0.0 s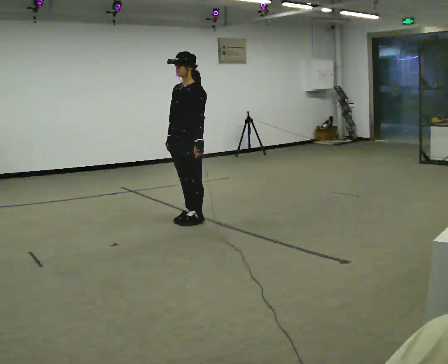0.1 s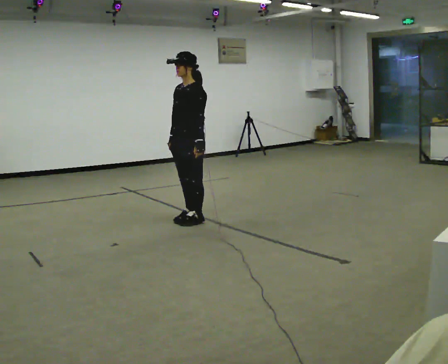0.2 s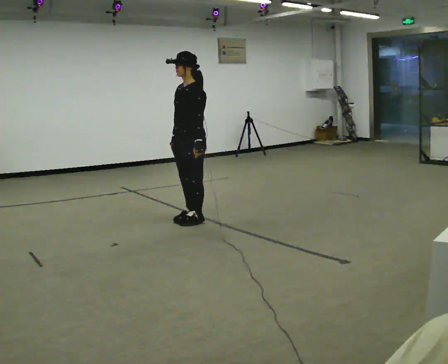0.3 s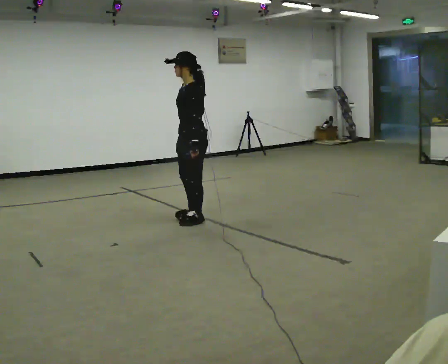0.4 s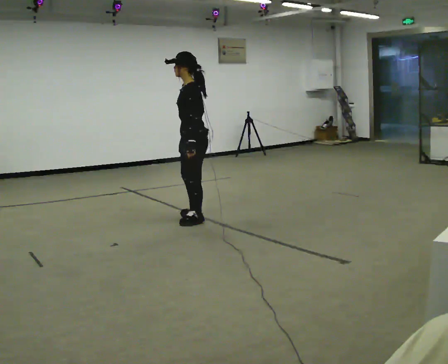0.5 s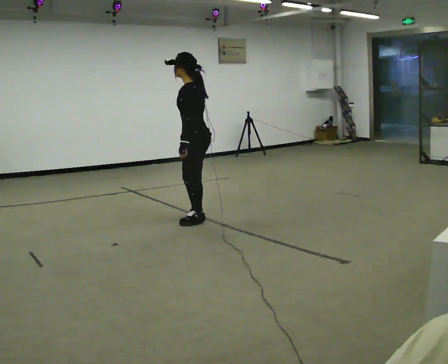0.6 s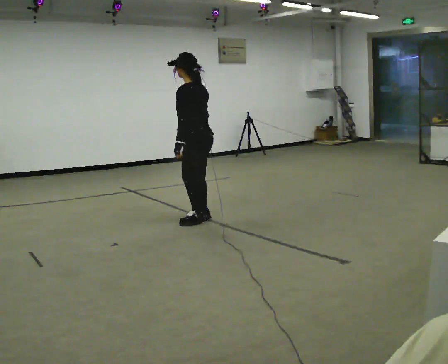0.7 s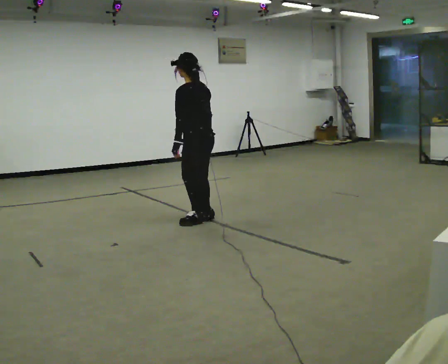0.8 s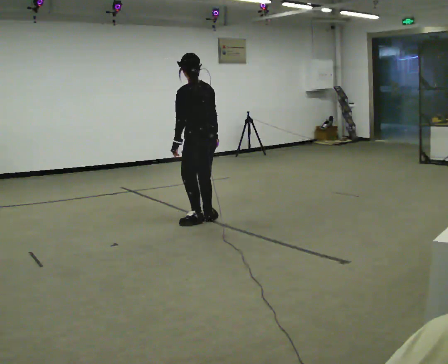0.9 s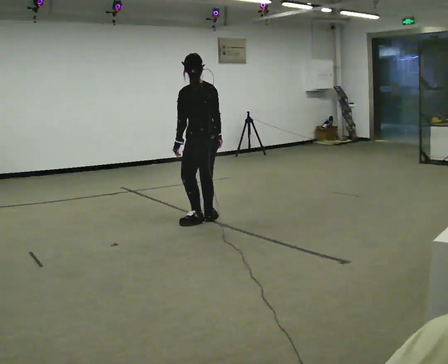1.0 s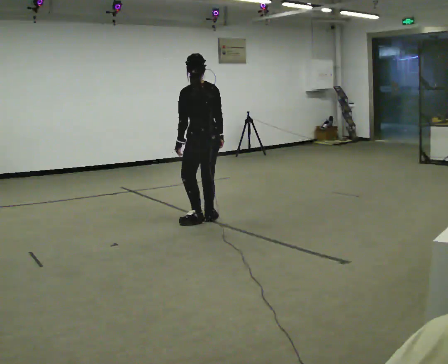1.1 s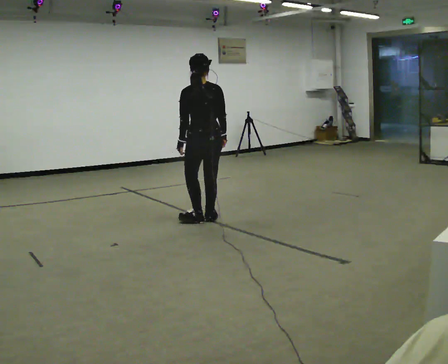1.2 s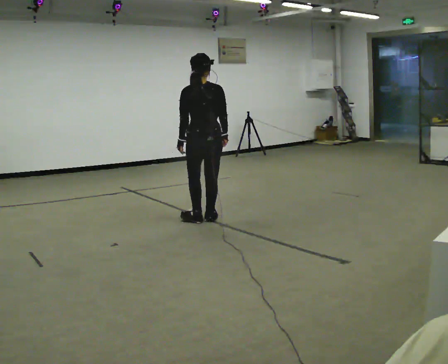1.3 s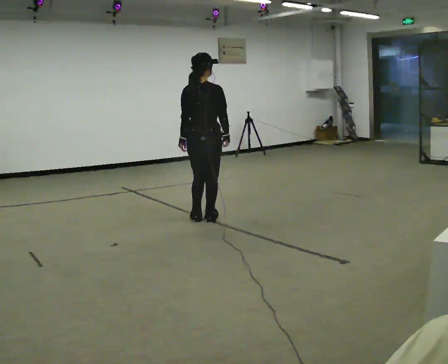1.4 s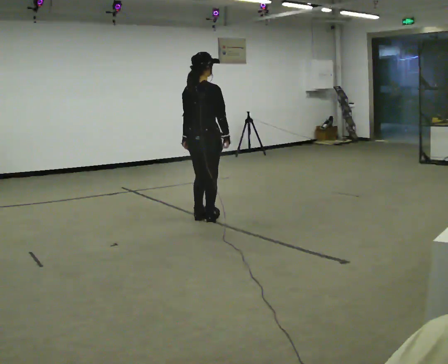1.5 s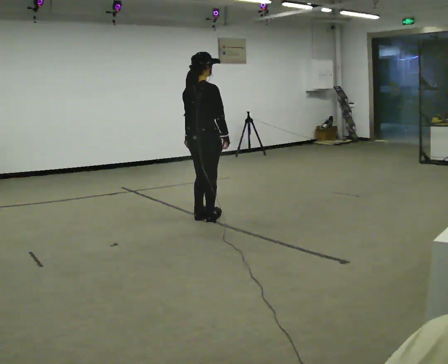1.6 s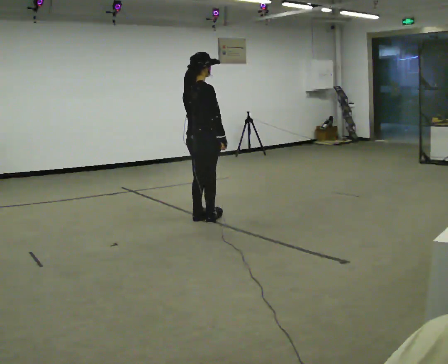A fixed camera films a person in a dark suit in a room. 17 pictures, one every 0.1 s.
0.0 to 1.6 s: The person turns about 180 degrees to their right, clockwise seen from above, so the part of the body nearest the lens slides to the left.
The film runs forward here.
